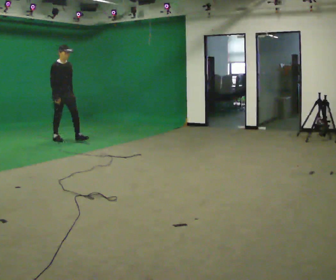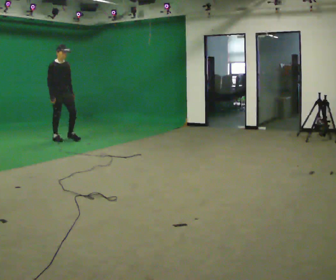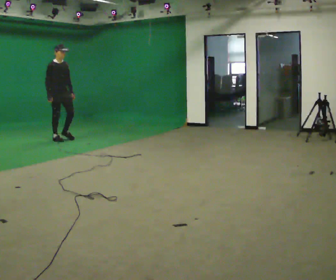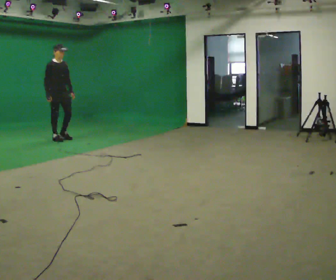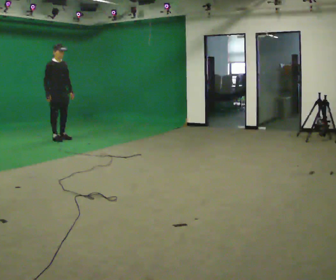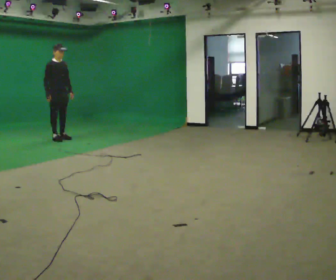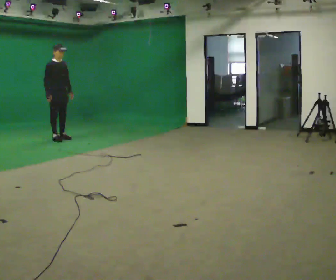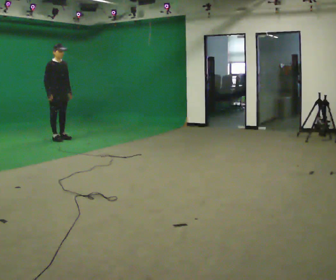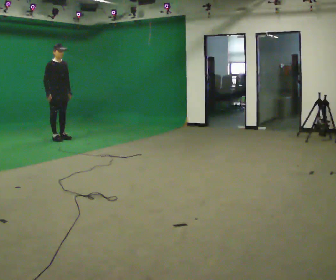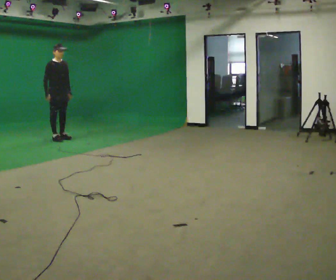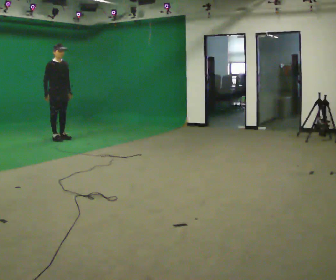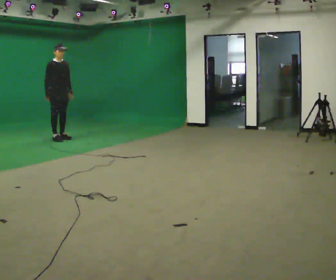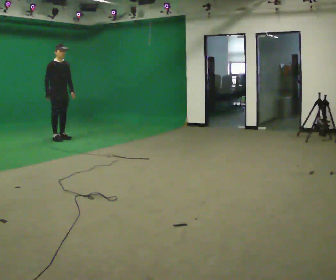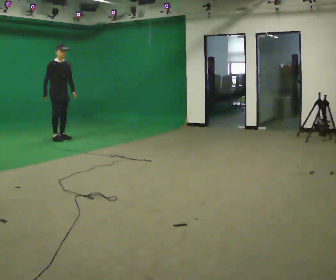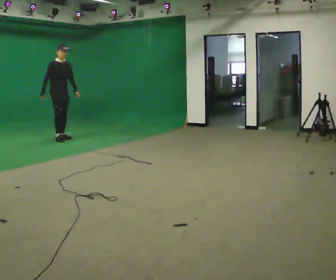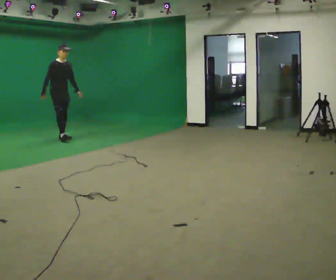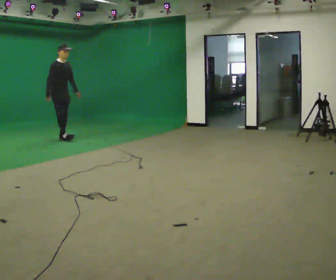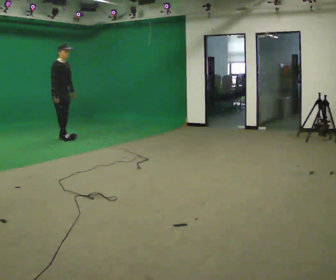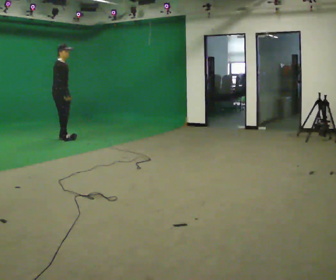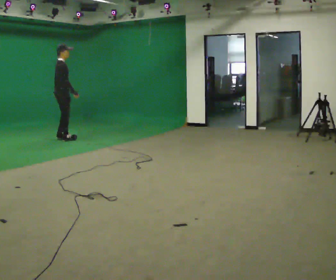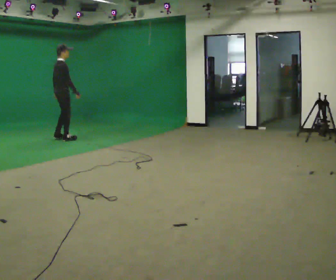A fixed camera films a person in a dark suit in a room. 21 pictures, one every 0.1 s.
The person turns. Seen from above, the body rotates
counterclockwise.
The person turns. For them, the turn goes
to their left.
0.0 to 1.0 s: In the picture they go away from the camera, about 0.25 m, which for them is backward.
1.0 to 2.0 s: The person turns about 60 degrees to their left, counterclockwise seen from above, so the part of the body nearest the lens slides to the right. In the picture their right hand goes to the right.
The film runs backward here.
